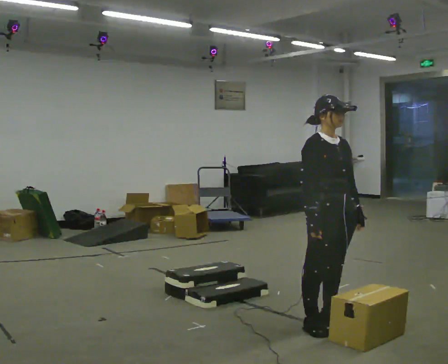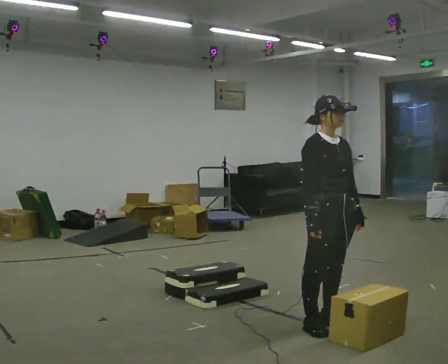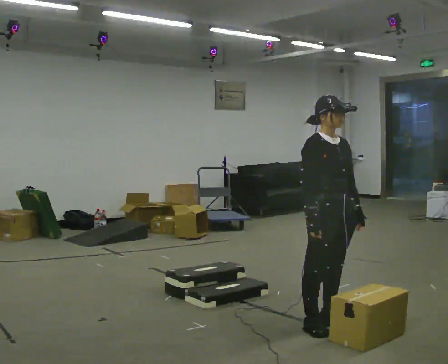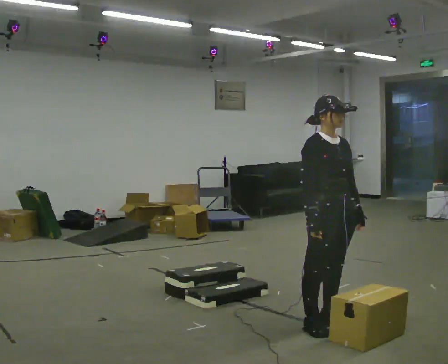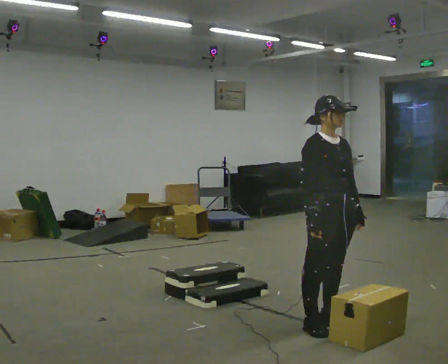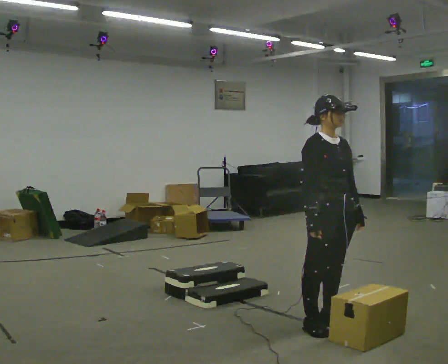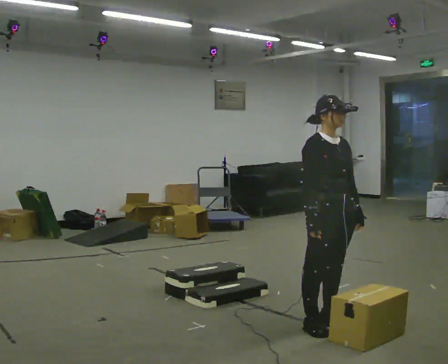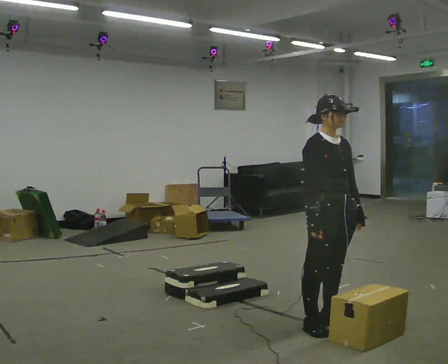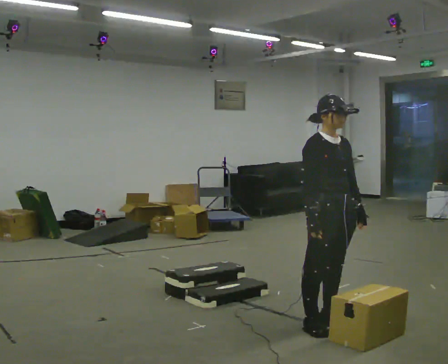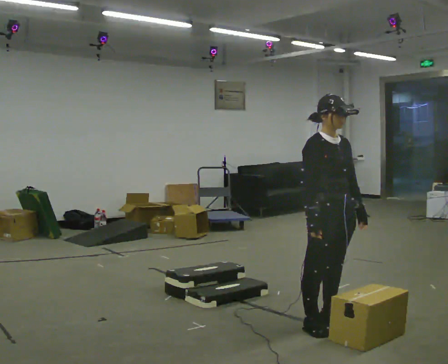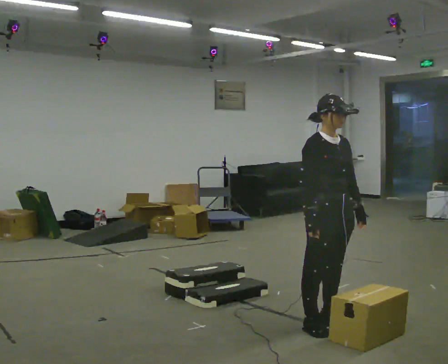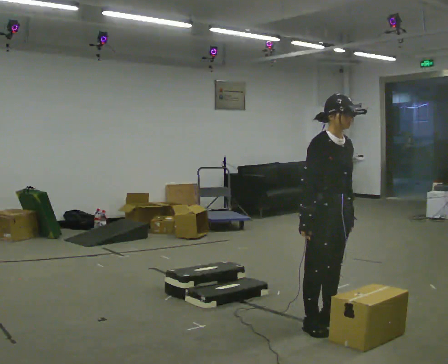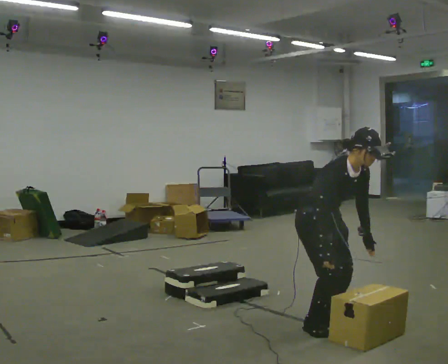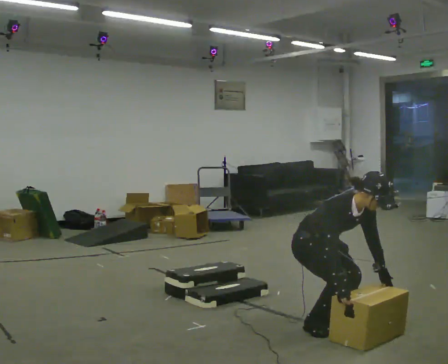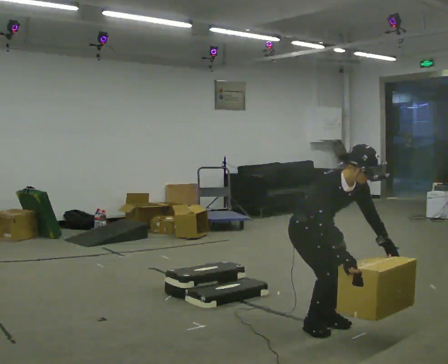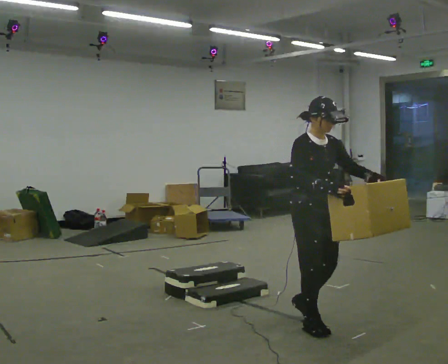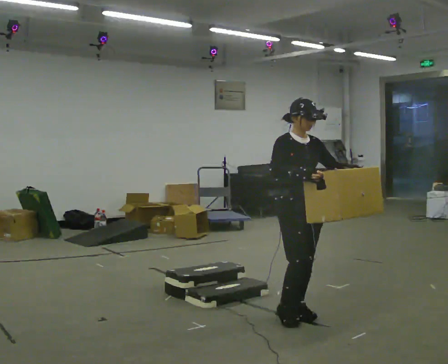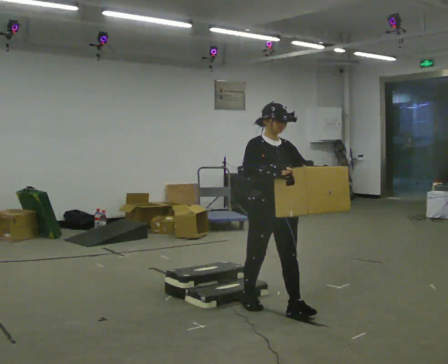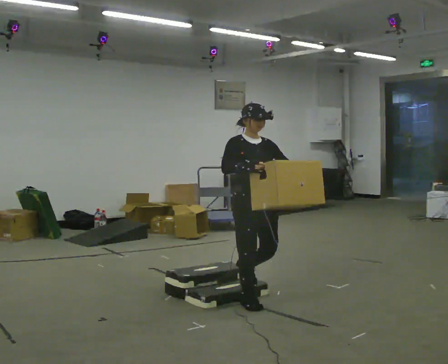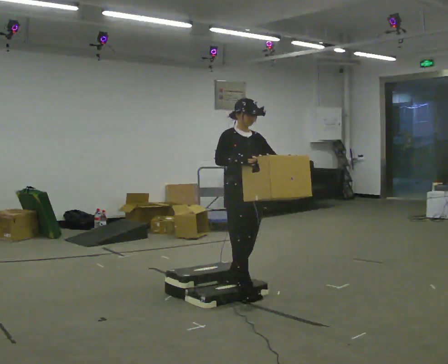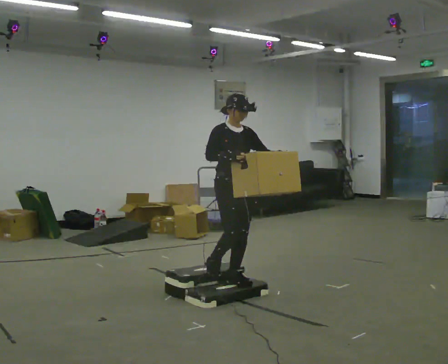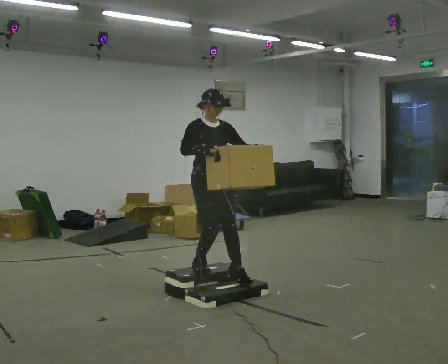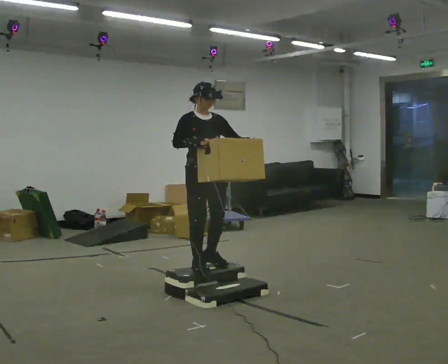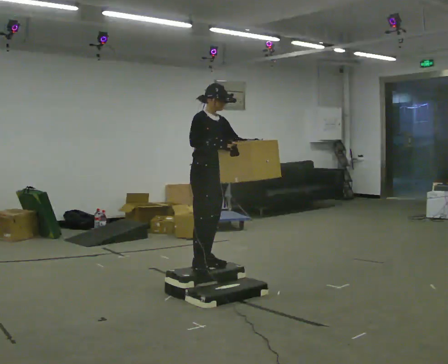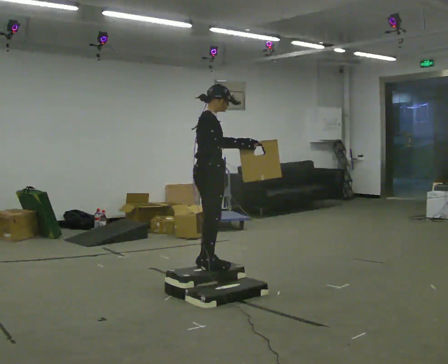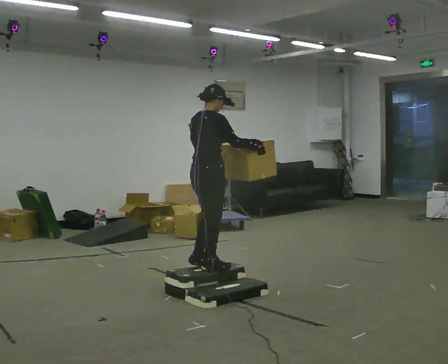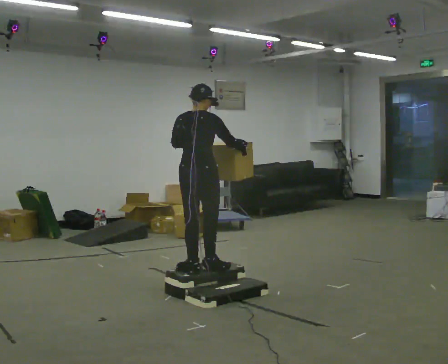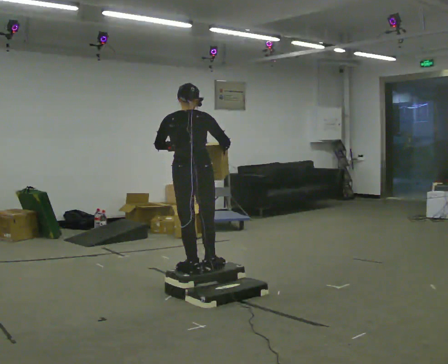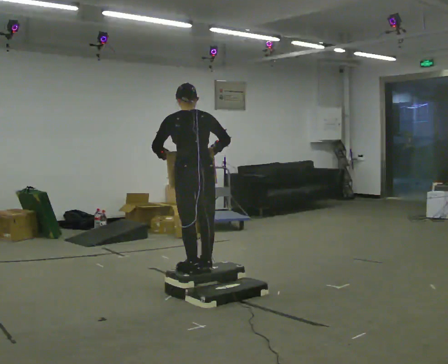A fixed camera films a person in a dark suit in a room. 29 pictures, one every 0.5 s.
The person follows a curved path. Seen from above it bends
counterclockwise.
The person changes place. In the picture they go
to the left.
0.0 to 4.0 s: The person keeps their place and pose.
4.0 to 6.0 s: In the picture the upper body tilts clockwise, shoulders to the right, as they bend forward.
6.0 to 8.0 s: In the picture they go away from the camera, about 0.25 m in 2 steps, which for them is backward. In the picture their left hand goes upward, the arm swinging counterclockwise.
8.0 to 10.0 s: In the picture they go to the left and away from the camera, about 1 m in 2 steps, which for them is backward.
10.0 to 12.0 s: The part of the body nearest the lens slides to the right as the person turns to their left by about 45 degrees. In the picture they go to the left, about 0.25 m in 1 step, which for them is backward.
12.0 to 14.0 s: Seen from above the body turns counterclockwise, about 105 degrees: to their left, with its near side sliding to the right. In the picture they go toward the camera, about 0.25 m in 1 step.
The film runs backward here.
